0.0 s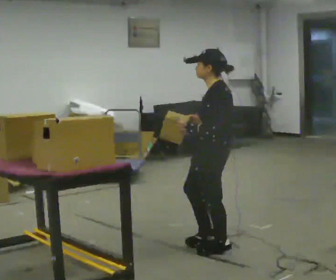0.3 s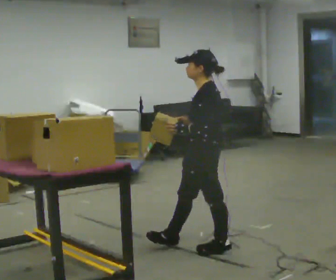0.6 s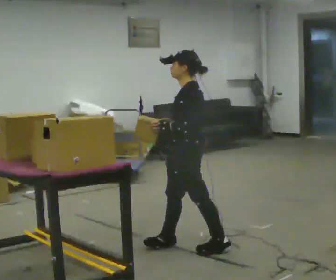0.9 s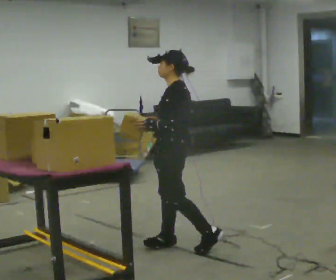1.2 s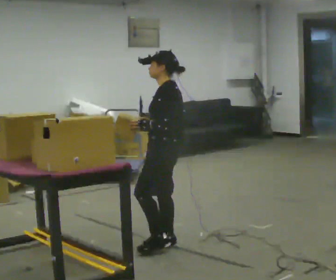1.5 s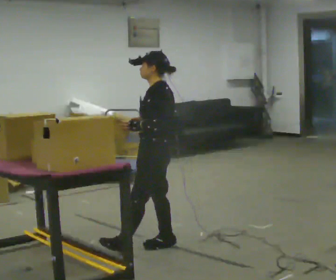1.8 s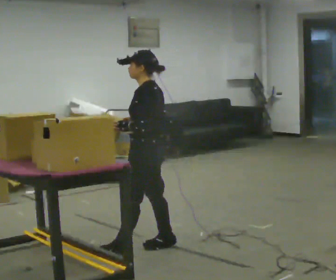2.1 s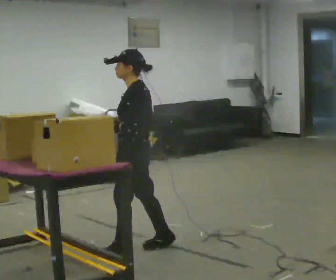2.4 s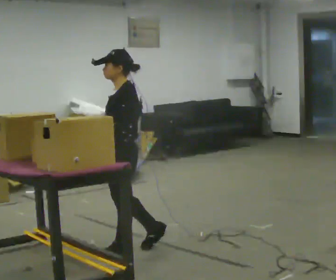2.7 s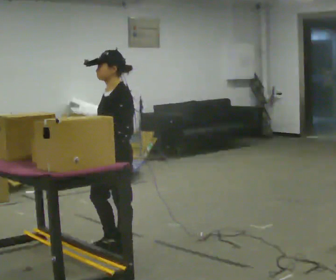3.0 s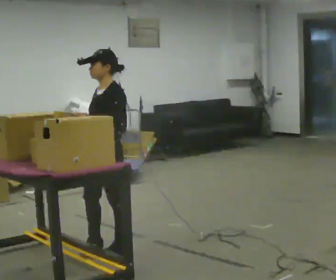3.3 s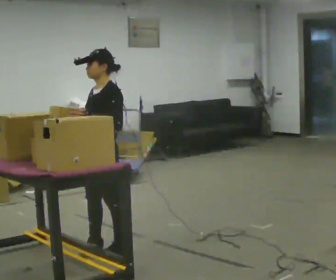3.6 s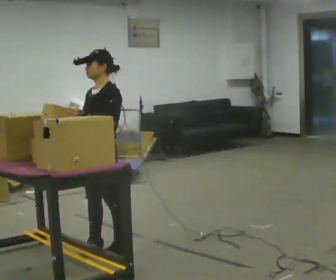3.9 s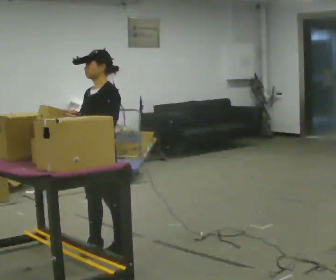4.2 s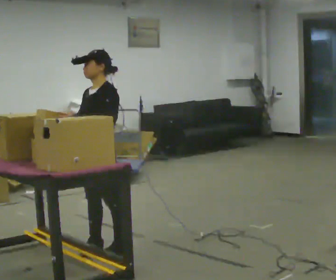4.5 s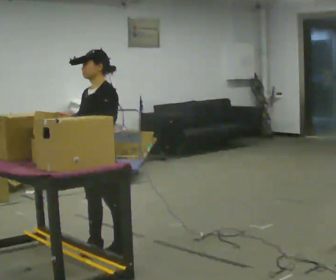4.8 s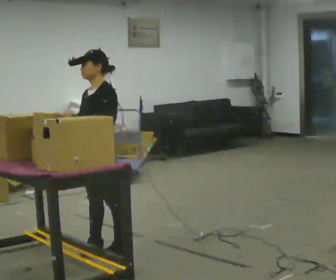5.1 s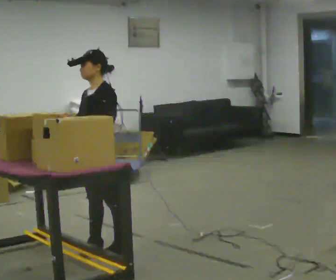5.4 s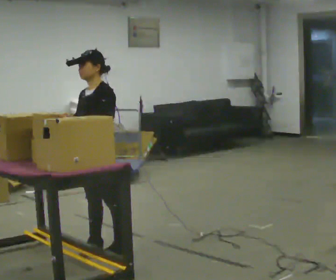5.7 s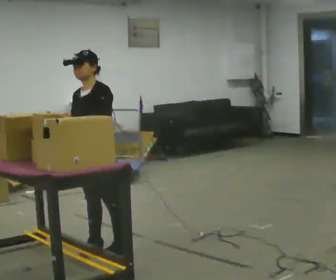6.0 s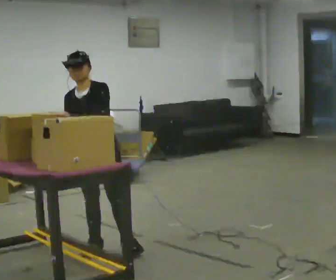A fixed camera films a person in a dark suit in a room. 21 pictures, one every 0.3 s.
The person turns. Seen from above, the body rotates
counterclockwise.
The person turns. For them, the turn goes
to their left.
0.0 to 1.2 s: In the picture they go to the left and away from the camera, about 0.5 m in 1 step, which for them is forward.
1.2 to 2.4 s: In the picture they go to the left, about 0.25 m in 1 step, which for them is forward and to their left.
2.4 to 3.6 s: In the picture they go to the left, about 0.25 m in 1 step, which for them is forward.
3.6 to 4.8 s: The person moves a little, or ends about where they began.
4.8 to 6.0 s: The person turns about 45 degrees to their left, counterclockwise seen from above, so the part of the body nearest the lens slides to the right.
The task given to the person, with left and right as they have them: Carry the object over and fit it into the gap between the two boxes already on the shelf, without touching either of them. Keep going until the operator says stop; one object at a time, and do not rush between trips.
The film runs forward here.
